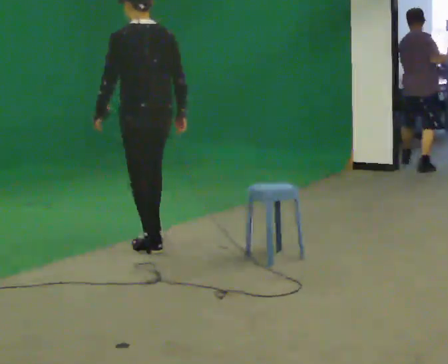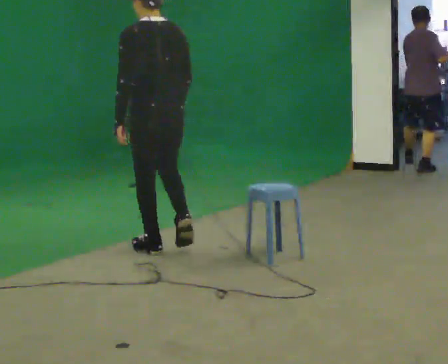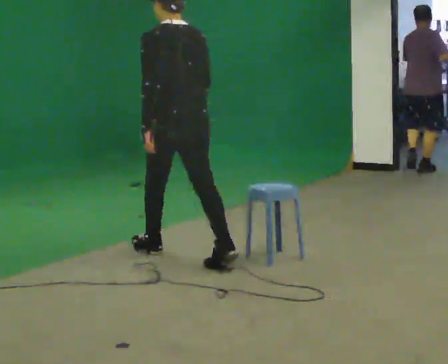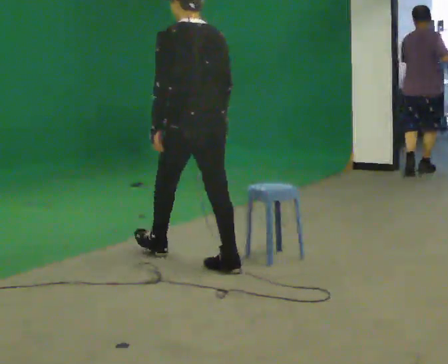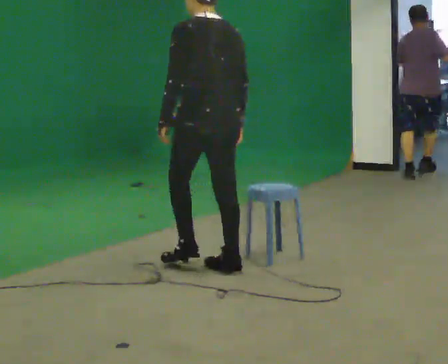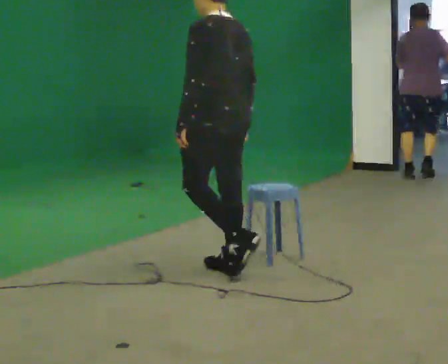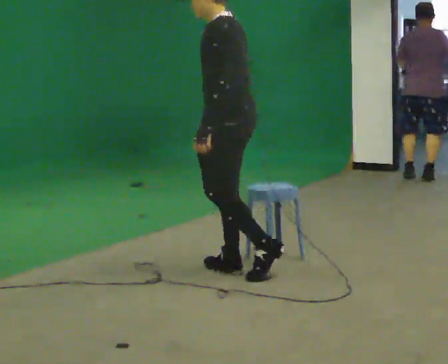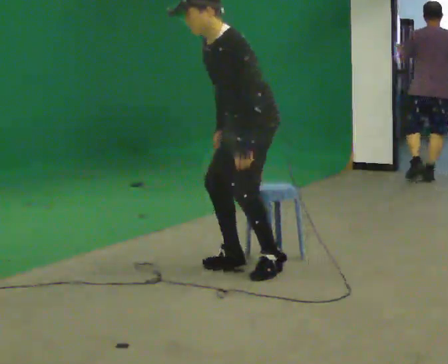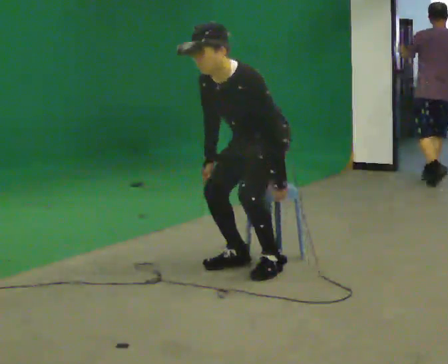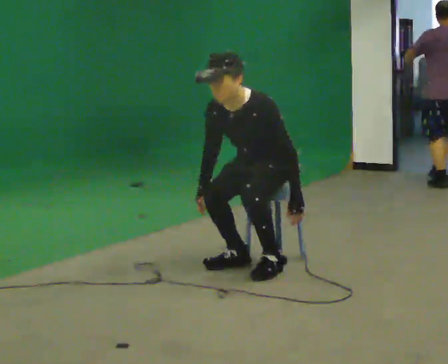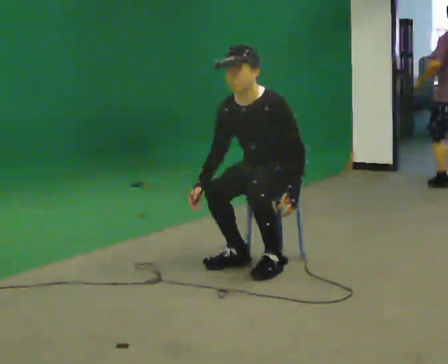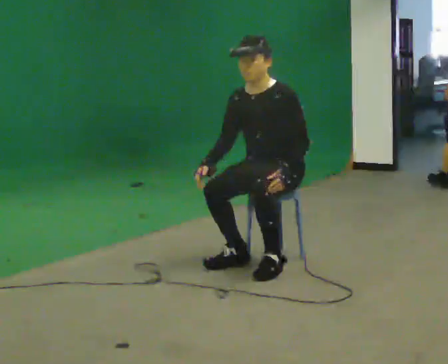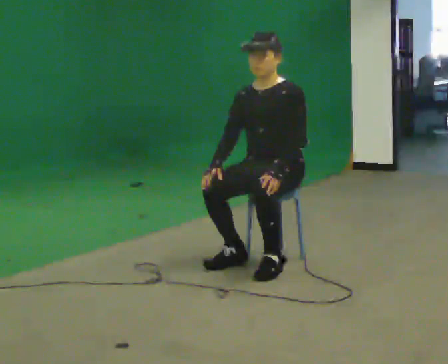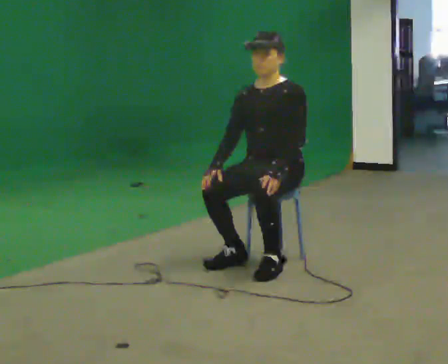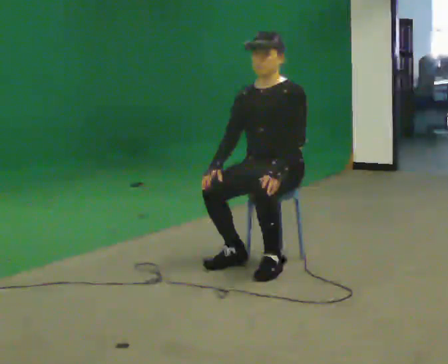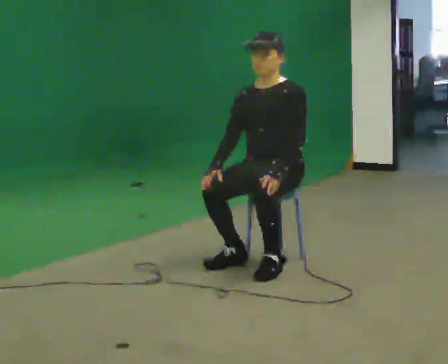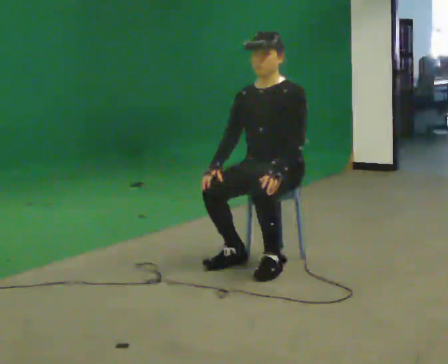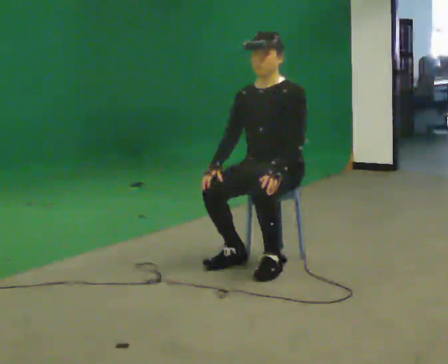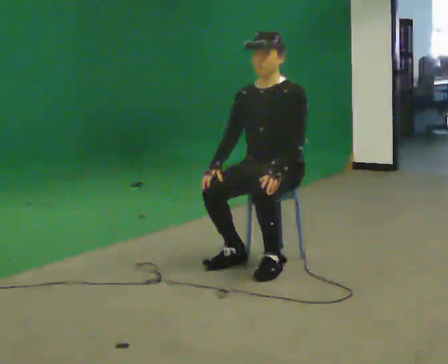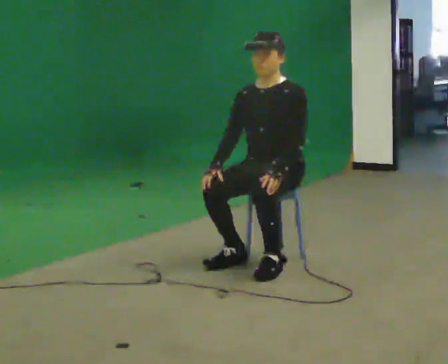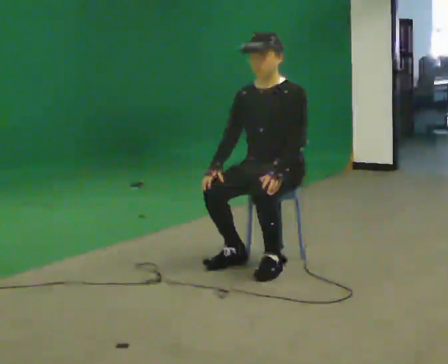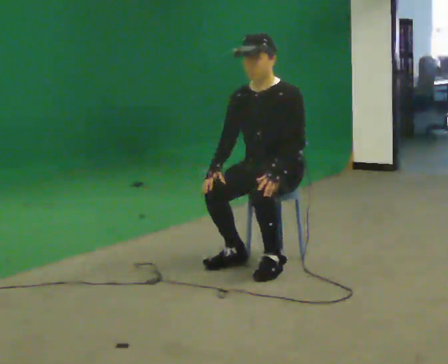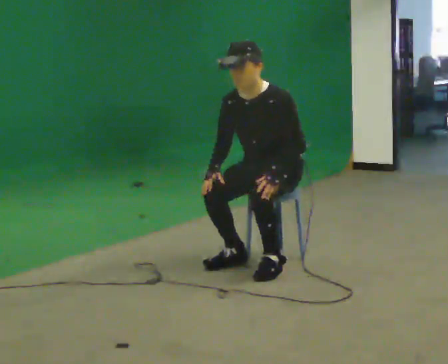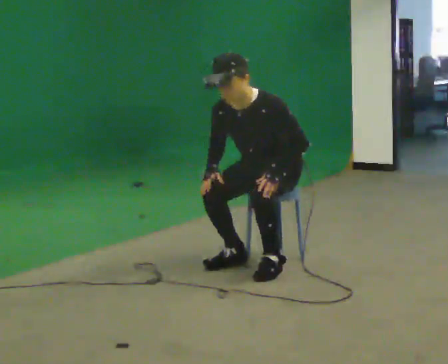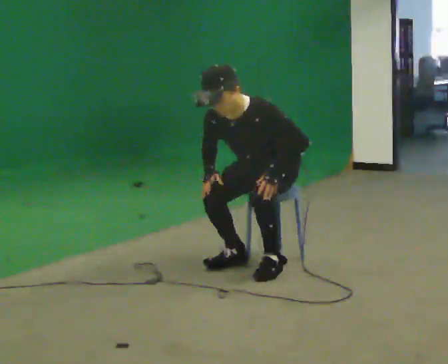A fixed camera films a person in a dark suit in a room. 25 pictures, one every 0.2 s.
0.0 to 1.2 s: The part of the body nearest the lens slides to the right as the person turns to their left by about 45 degrees. In the picture they go to the right and toward the camera, about 1 m in 1 step, which for them is backward.
1.2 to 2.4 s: The person turns about 60 degrees to their left, counterclockwise seen from above, so the part of the body nearest the lens slides to the right. In the picture they go away from the camera and to the right, about 0.25 m in 1 step. The upper body goes downward.
2.4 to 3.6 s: The person keeps their place and pose.
3.6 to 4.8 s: The upper body tips toward the camera, its near side rolling downward, as they bend forward.
The film runs backward here.
